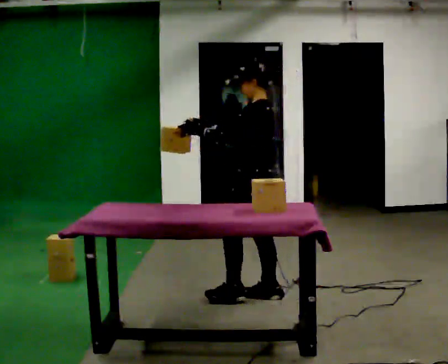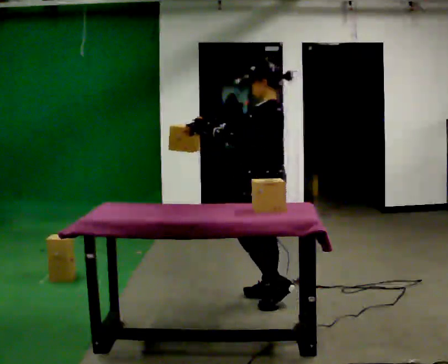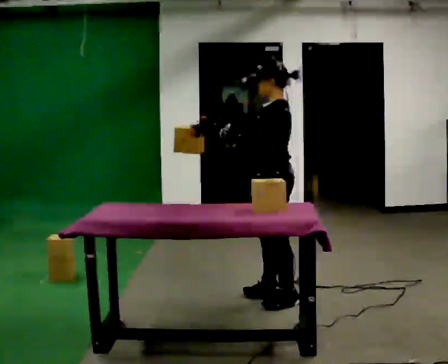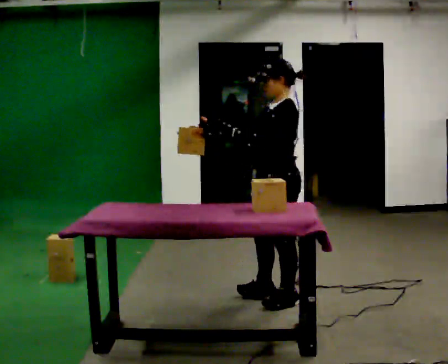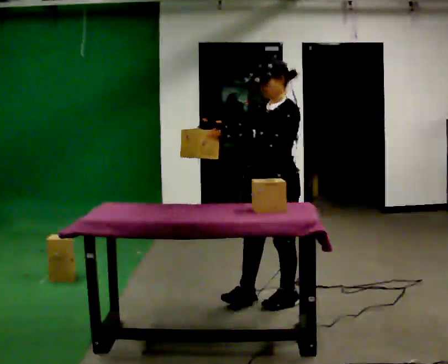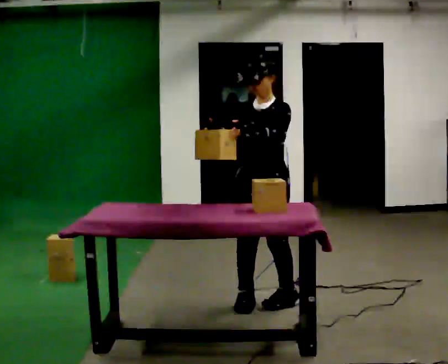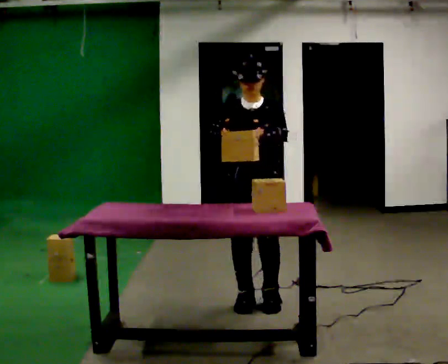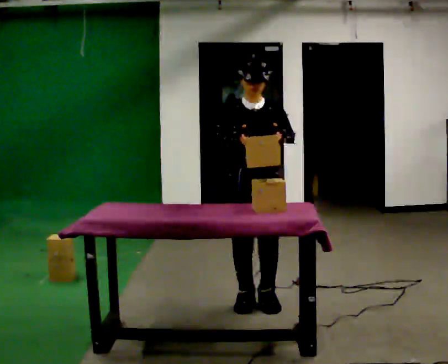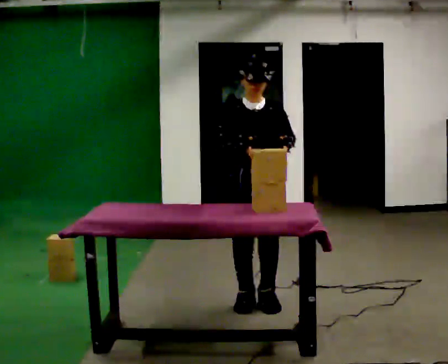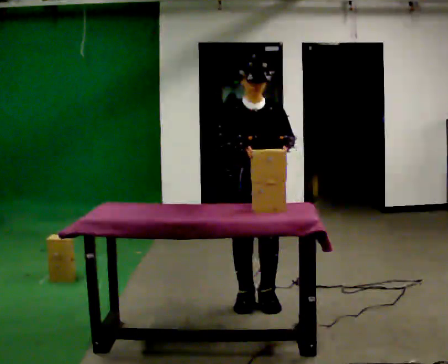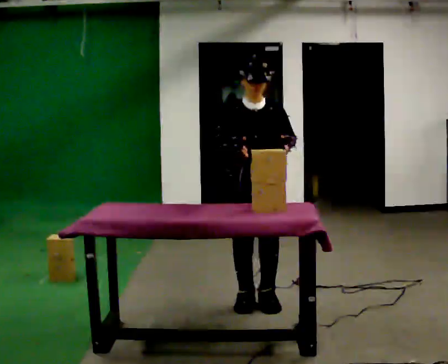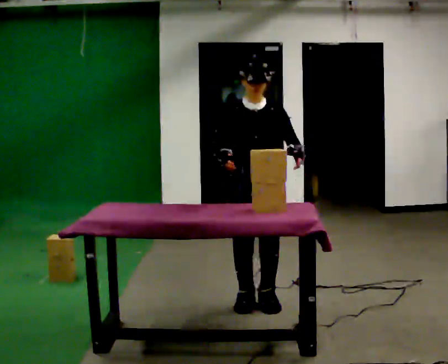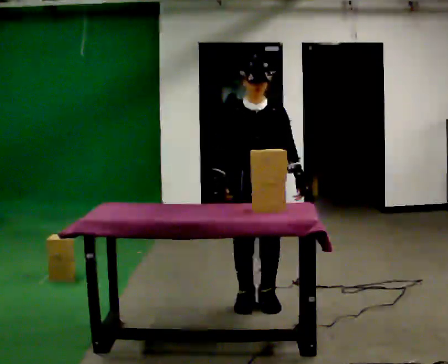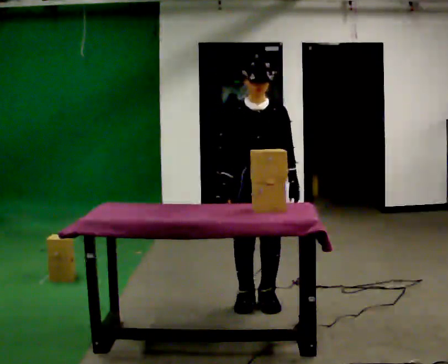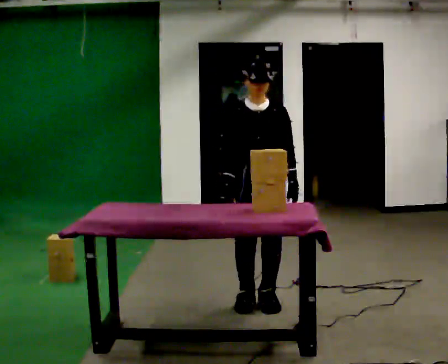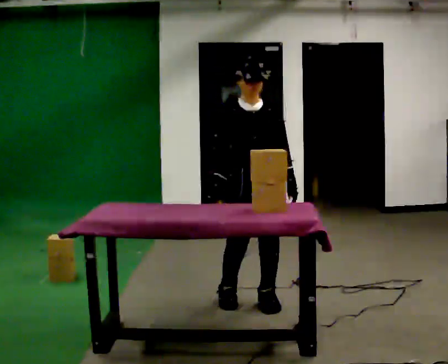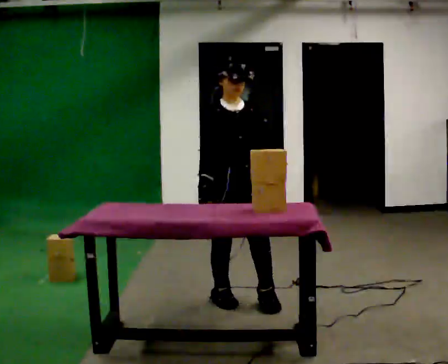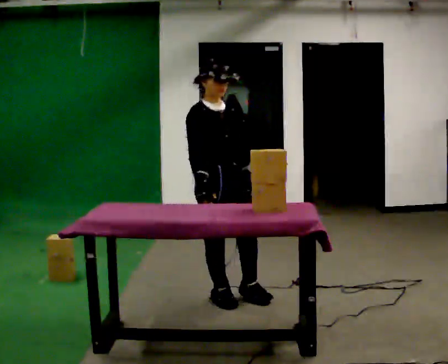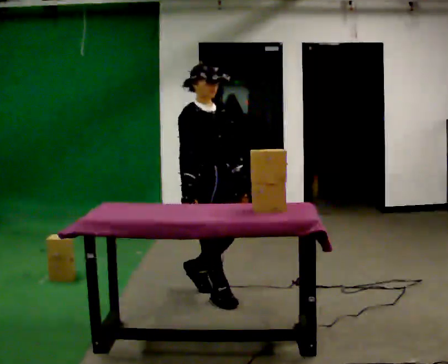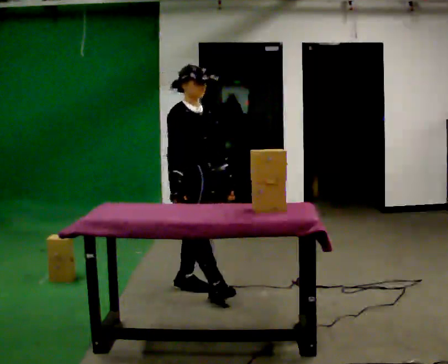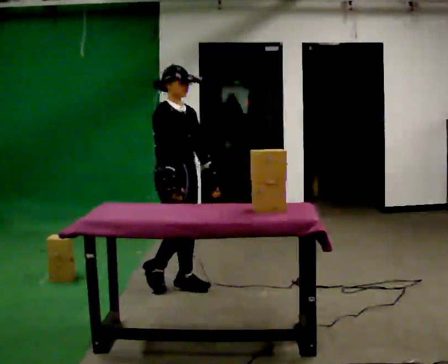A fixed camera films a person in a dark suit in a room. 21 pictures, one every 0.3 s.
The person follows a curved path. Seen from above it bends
clockwise.
The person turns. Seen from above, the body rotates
counterclockwise.
0.0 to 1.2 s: Seen from above the body turns counterclockwise, about 45 degrees: to their left, with its near side sliding to the right. In the picture they go toward the camera, about 0.25 m in 1 step, which for them is backward and to their left.
1.2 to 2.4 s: The person turns about 60 degrees to their left, counterclockwise seen from above, so the part of the body nearest the lens slides to the right. In the picture they go to the left, about 0.25 m in 1 step, which for them is to their right.
2.4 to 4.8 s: The person moves a little, or ends about where they began.
4.8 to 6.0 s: Seen from above the body turns counterclockwise, about 30 degrees: to their left, with its near side sliding to the right. In the picture they go to the left and away from the camera, about 0.5 m in 2 steps, which for them is backward.
The film runs backward here.
